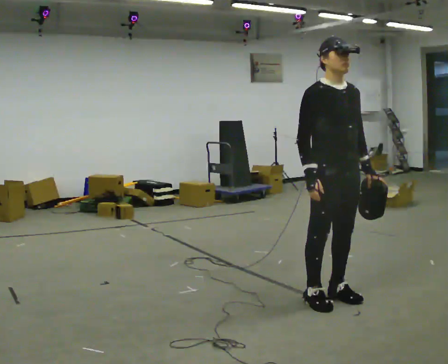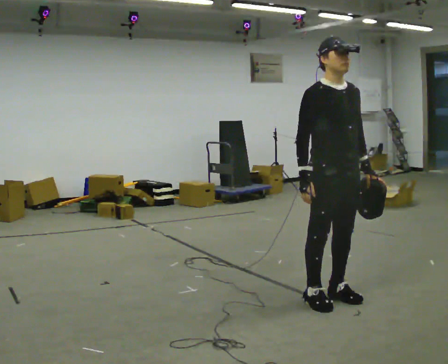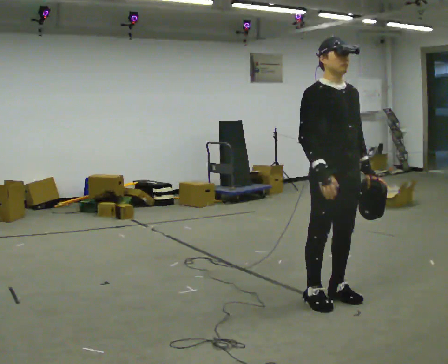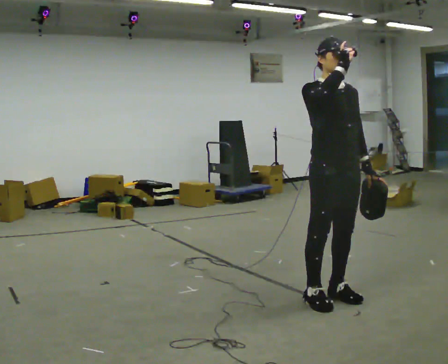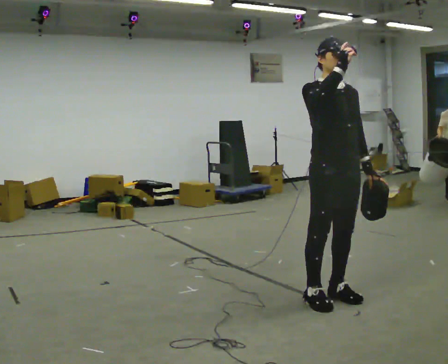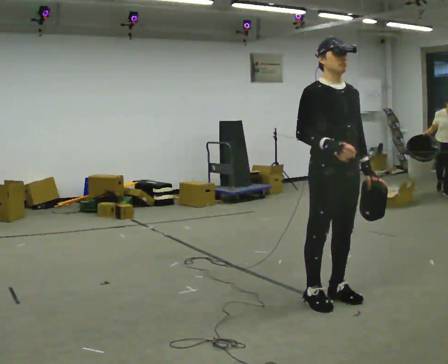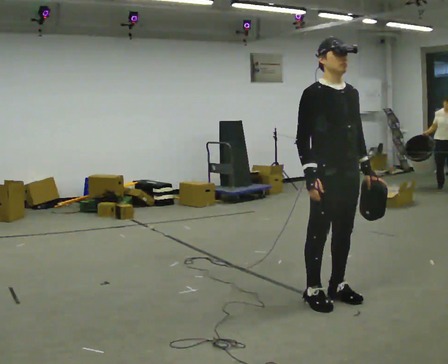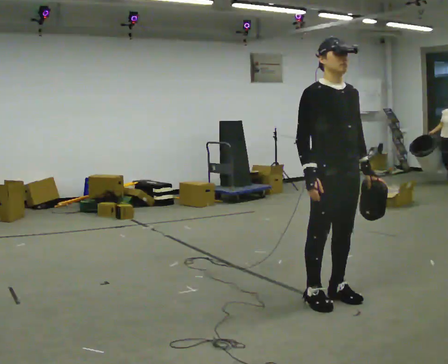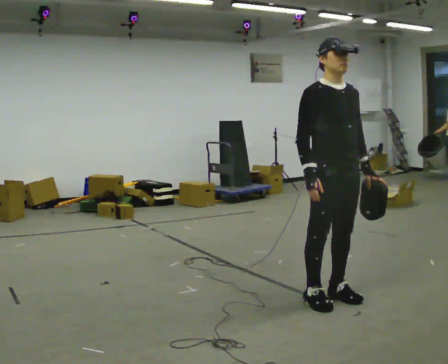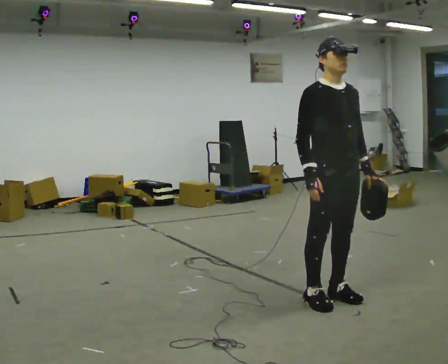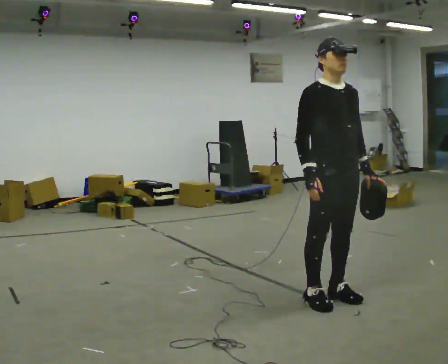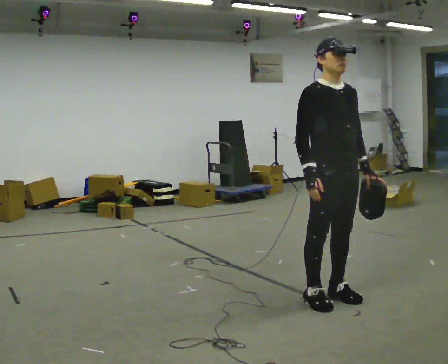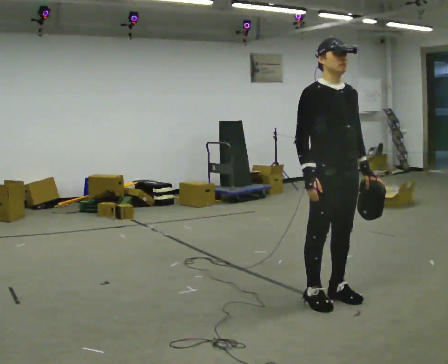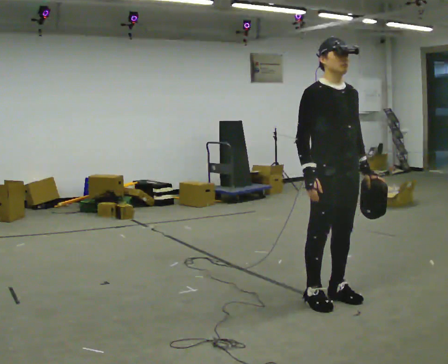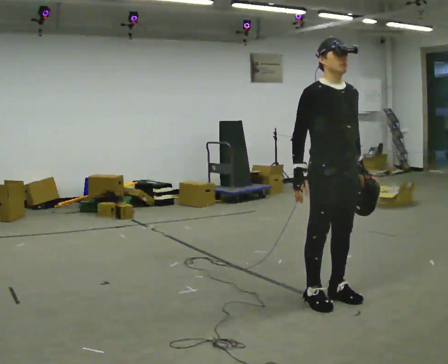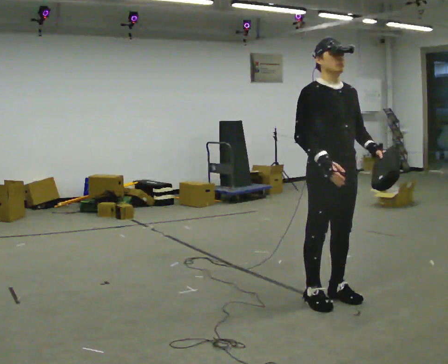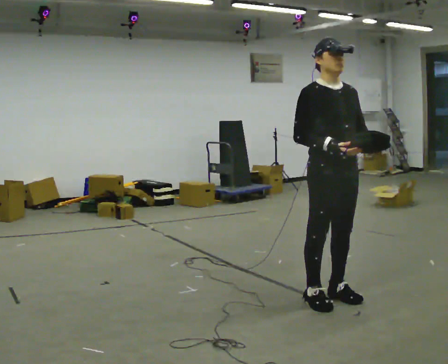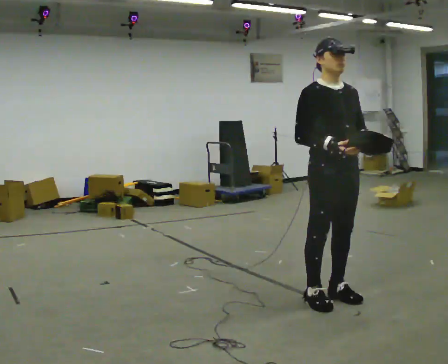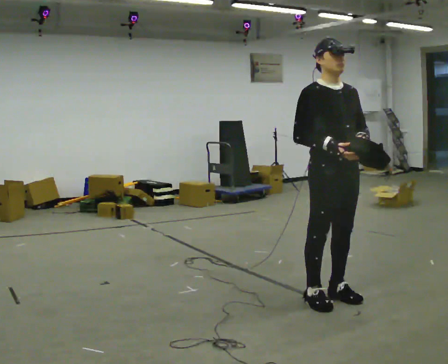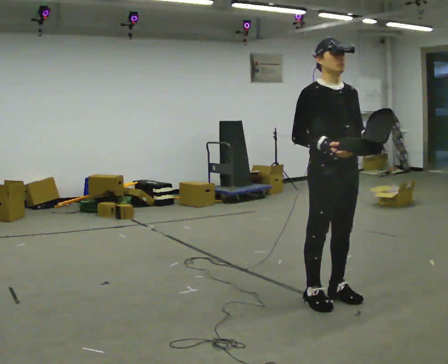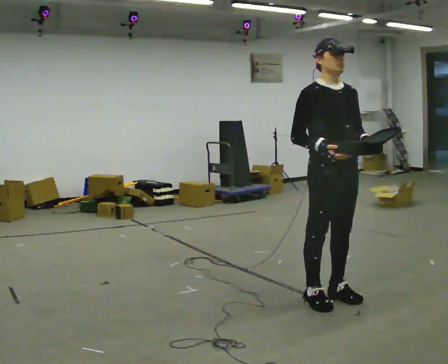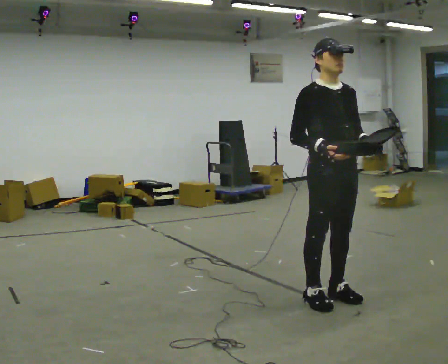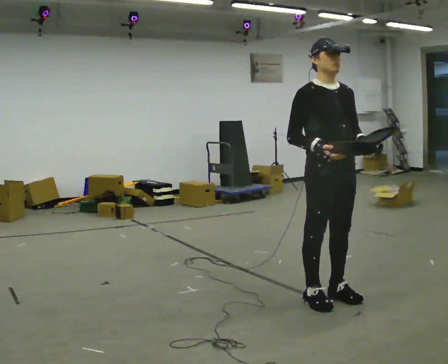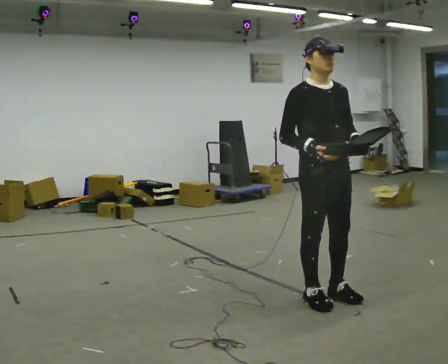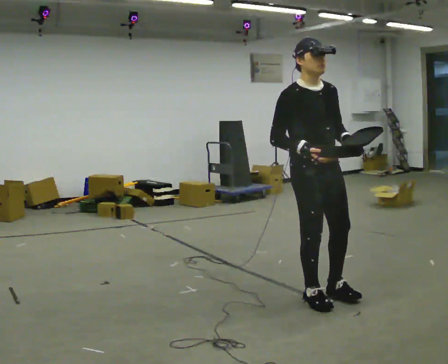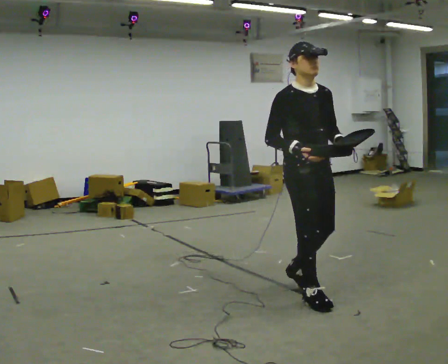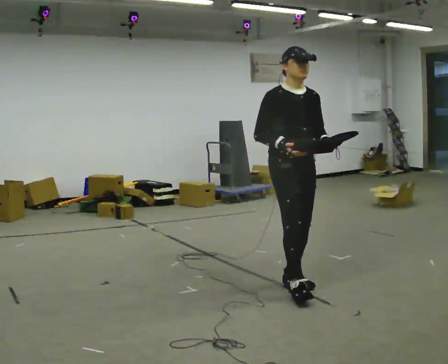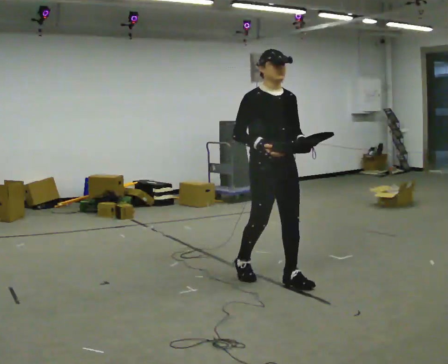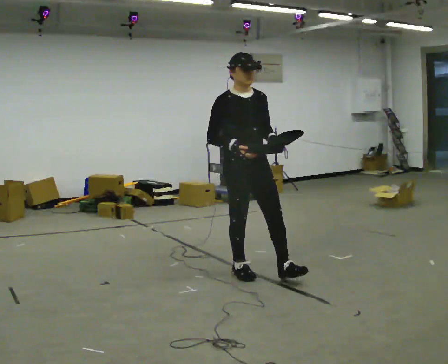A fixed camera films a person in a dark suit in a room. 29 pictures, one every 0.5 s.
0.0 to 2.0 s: In the picture their right hand goes upward.
2.0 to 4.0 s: In the picture their right hand goes downward.
4.0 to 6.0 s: The person keeps their place and pose.
6.0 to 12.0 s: The person moves a little, or ends about where they began.
12.0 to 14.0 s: In the picture they go to the left and away from the camera, about 1 m in 3 steps, which for them is backward.
The film runs backward here.
